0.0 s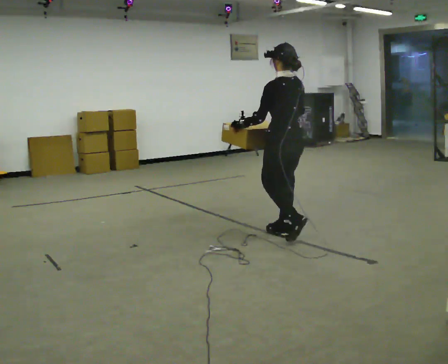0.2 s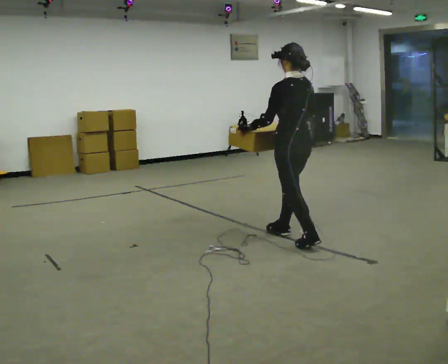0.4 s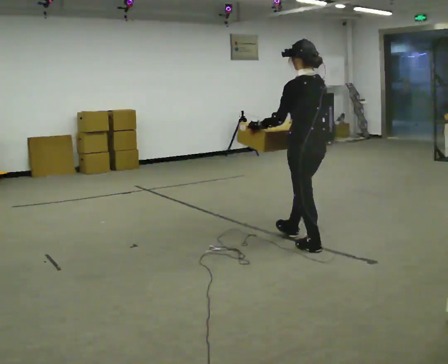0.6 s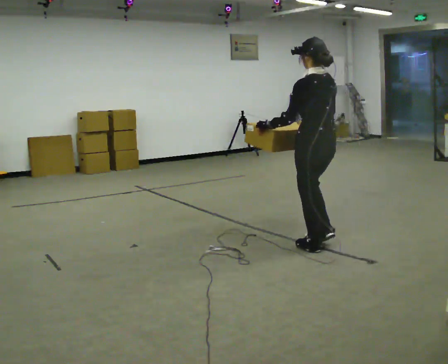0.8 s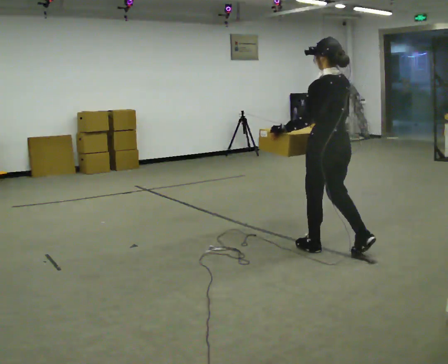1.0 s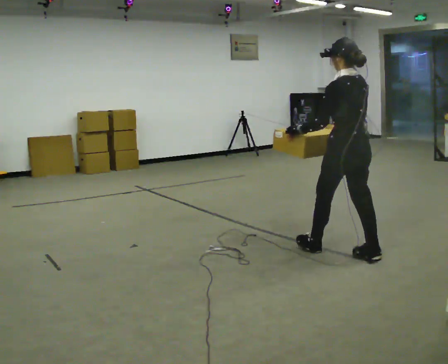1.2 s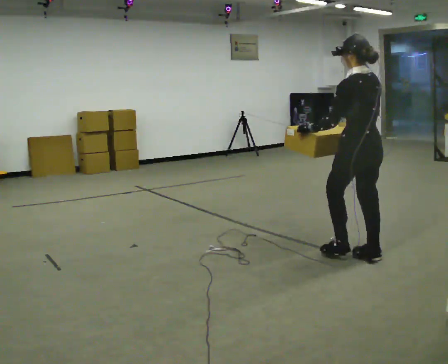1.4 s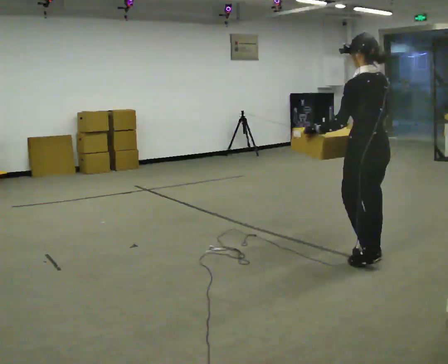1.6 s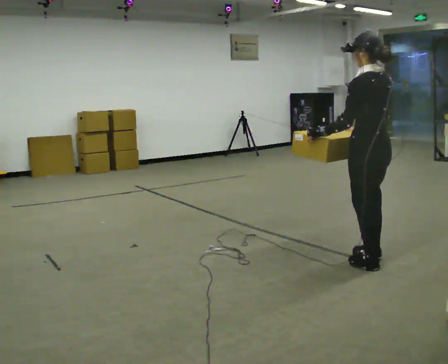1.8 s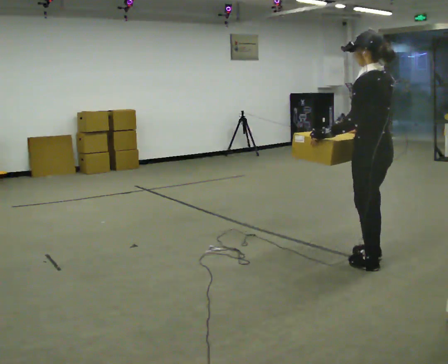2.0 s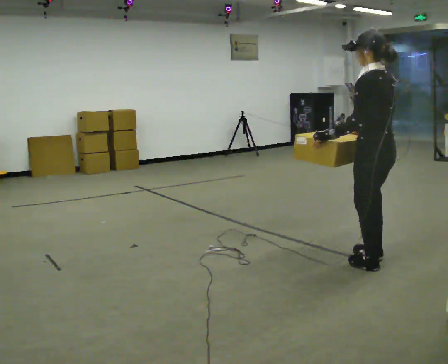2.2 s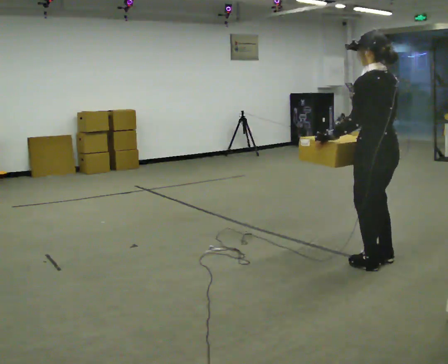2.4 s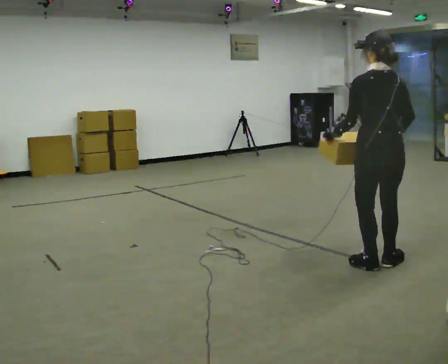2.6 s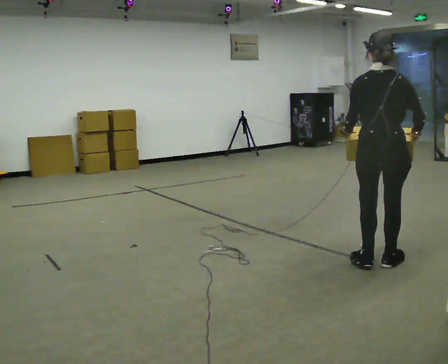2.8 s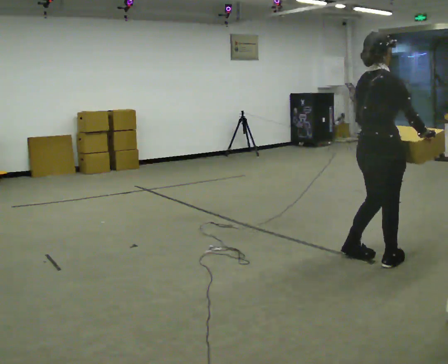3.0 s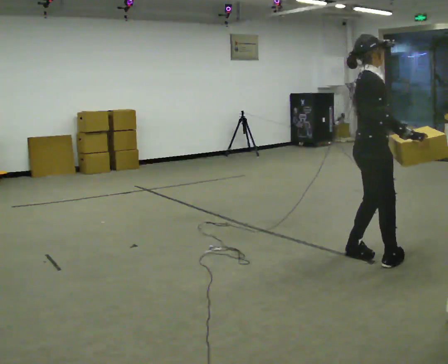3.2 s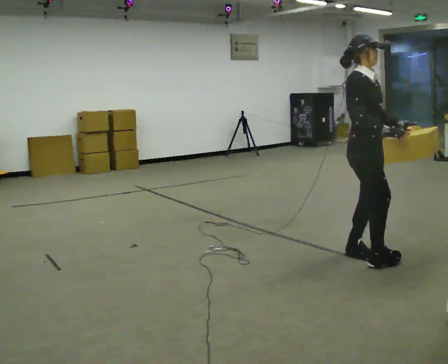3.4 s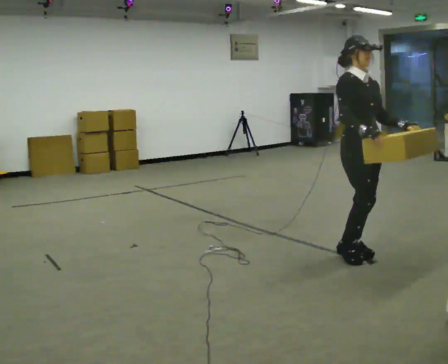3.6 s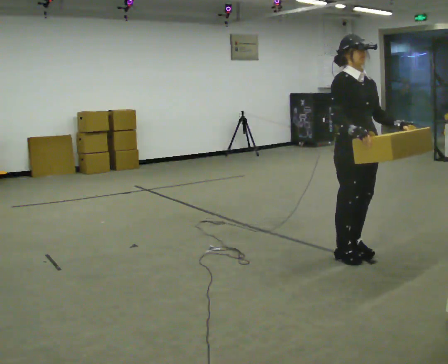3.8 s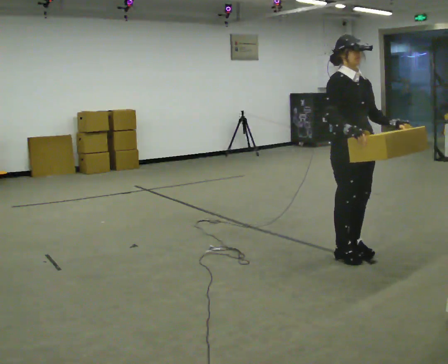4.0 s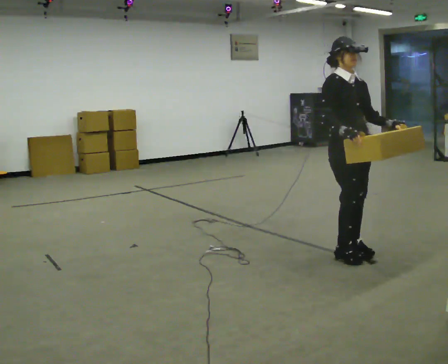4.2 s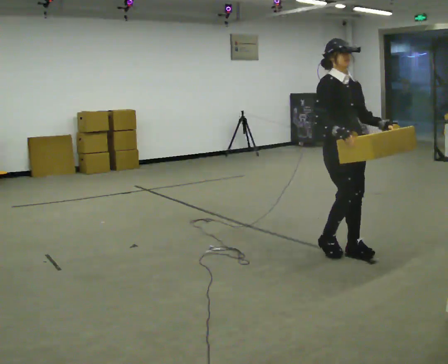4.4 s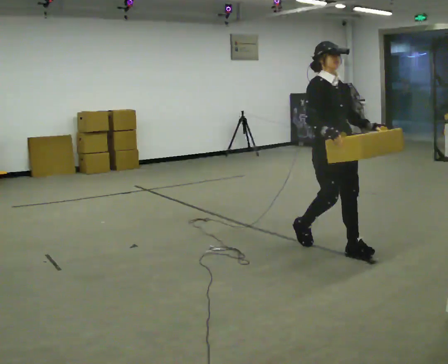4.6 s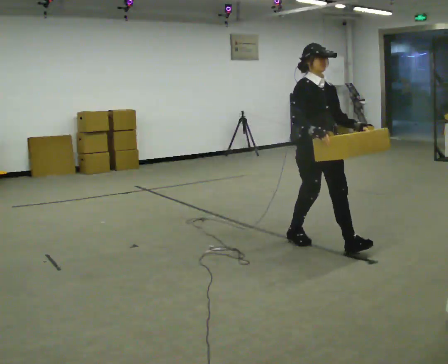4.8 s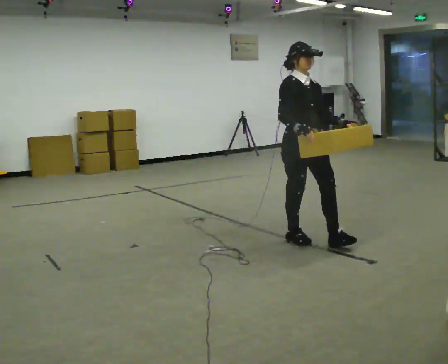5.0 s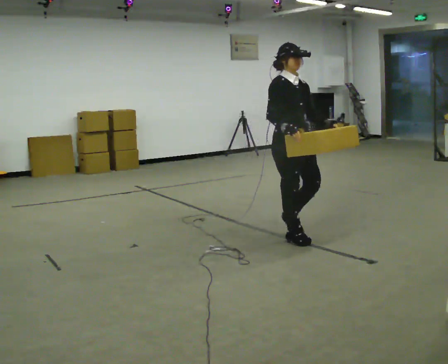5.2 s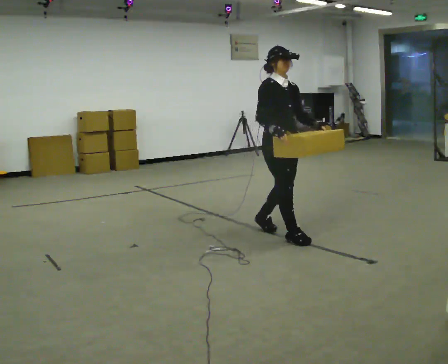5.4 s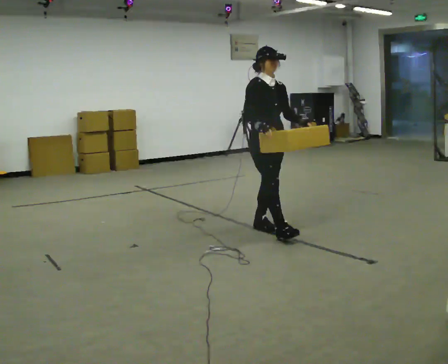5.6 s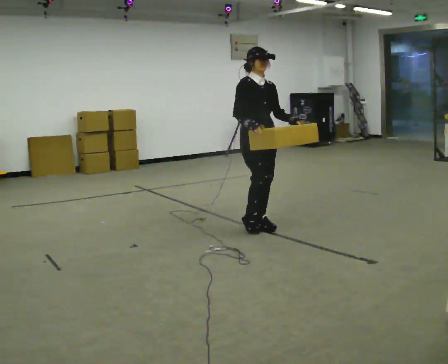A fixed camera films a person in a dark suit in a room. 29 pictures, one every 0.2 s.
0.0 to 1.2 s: In the picture they go to the right and toward the camera, about 1 m in 2 steps, which for them is backward.
1.2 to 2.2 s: In the picture they go toward the camera, about 0.25 m in 1 step, which for them is backward.
2.2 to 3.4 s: Seen from above the body turns clockwise, about 180 degrees: to their right, with its near side sliding to the left. In the picture they go away from the camera and to the left, about 0.25 m in 2 steps.
3.4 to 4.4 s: In the picture they go to the left and away from the camera, about 0.25 m in 1 step, which for them is backward.
4.4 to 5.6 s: In the picture they go to the left and away from the camera, about 1 m in 2 steps, which for them is backward.
The film runs backward here.
